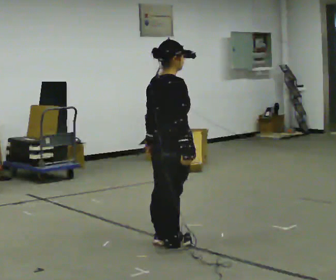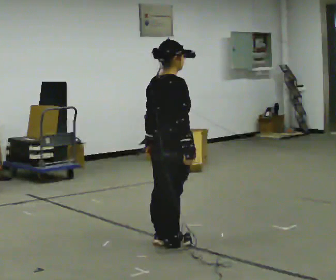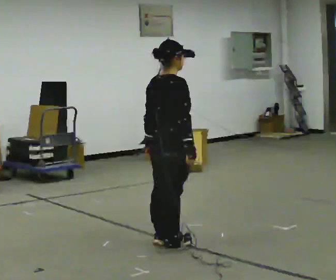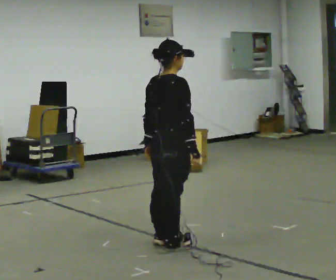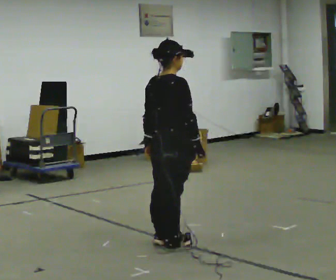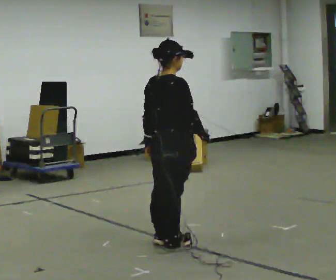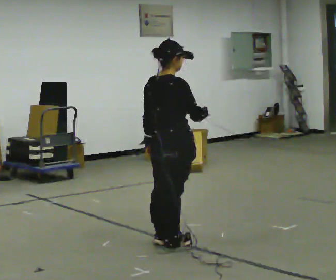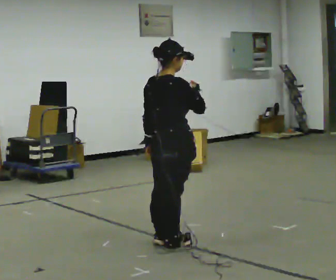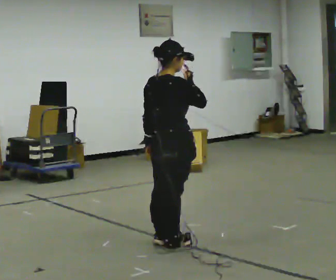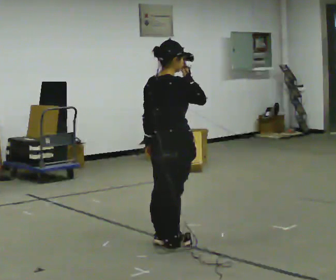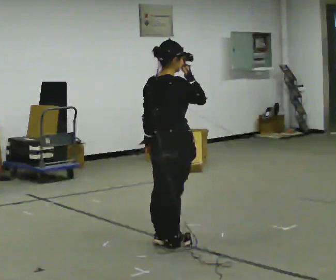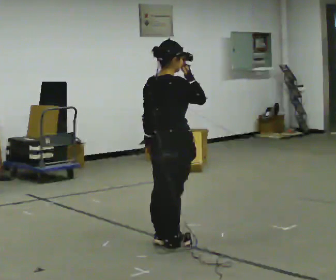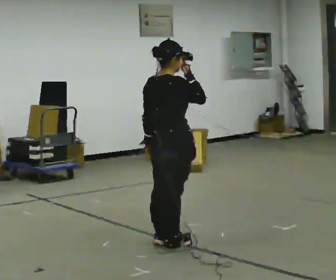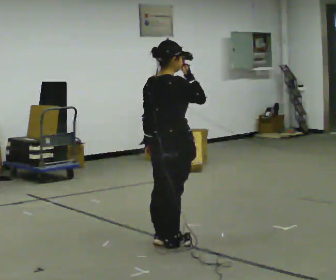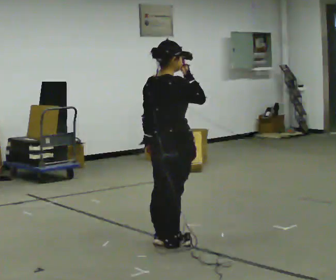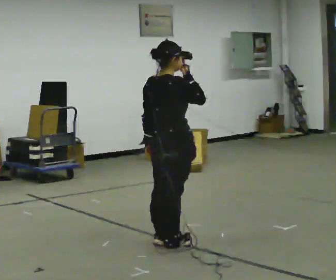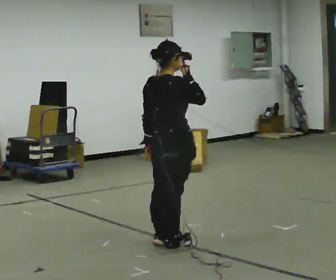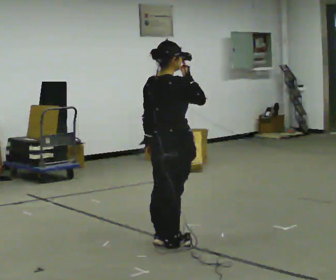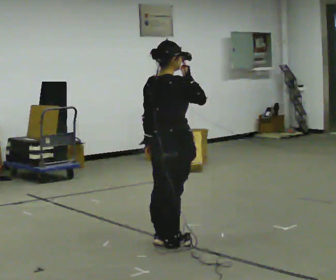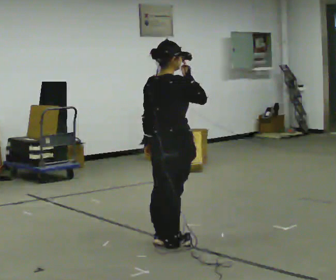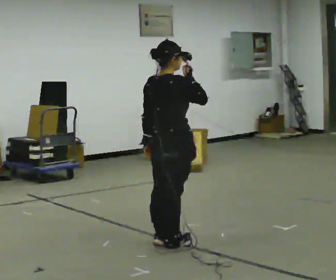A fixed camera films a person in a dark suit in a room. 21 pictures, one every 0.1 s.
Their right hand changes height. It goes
upward.
0.0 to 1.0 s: In the picture their right hand goes upward.
1.0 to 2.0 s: The person keeps their place and pose.
The film runs backward here.
